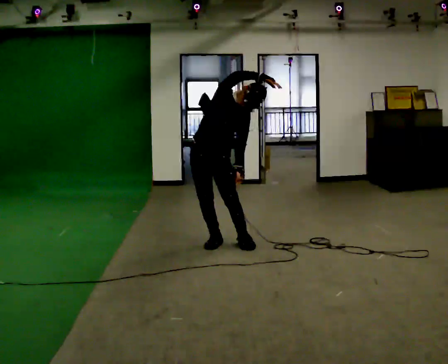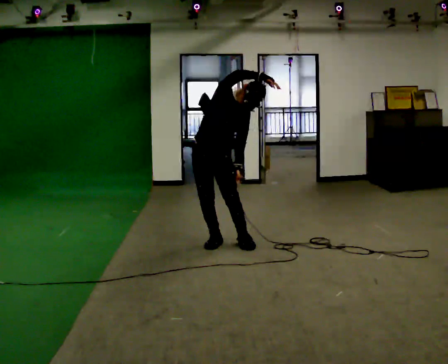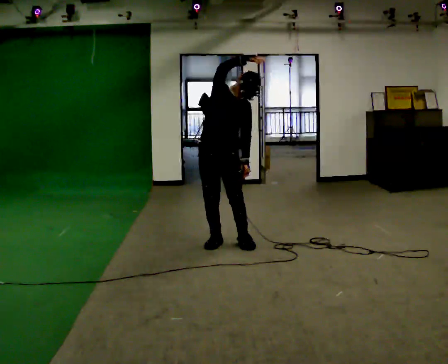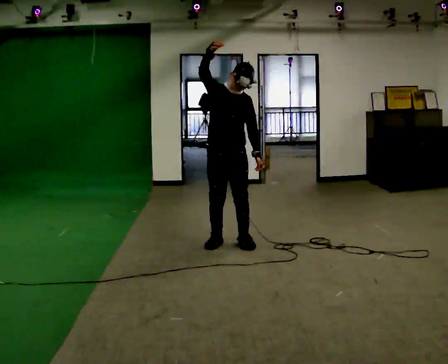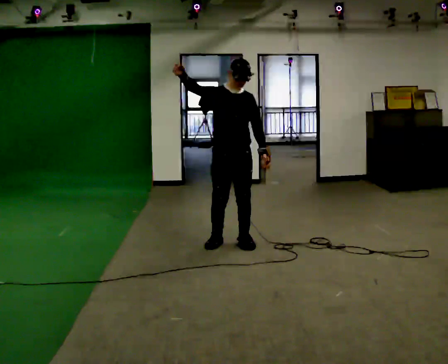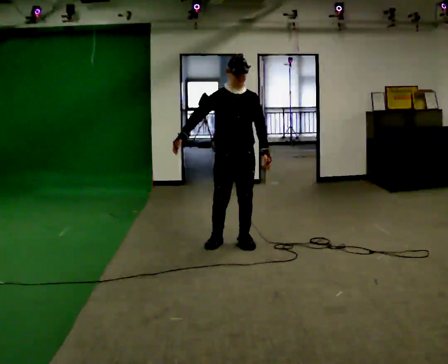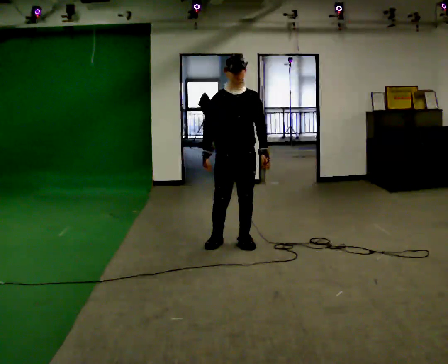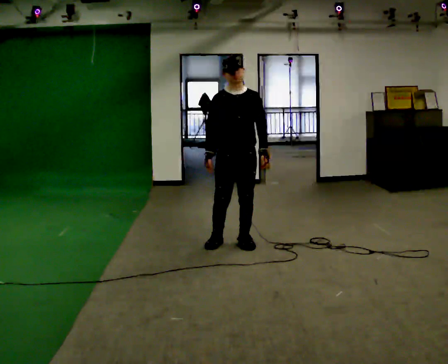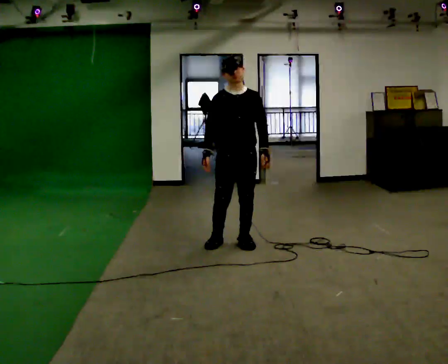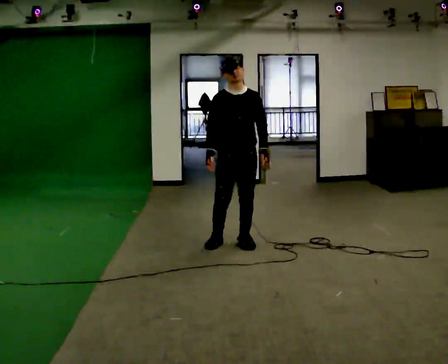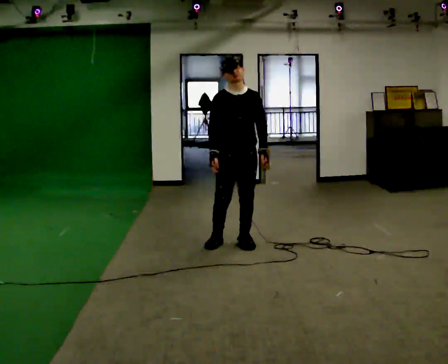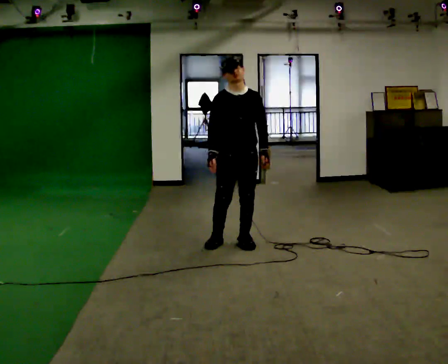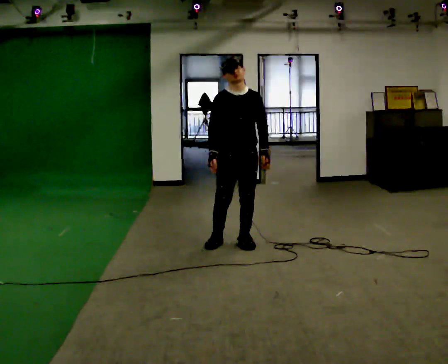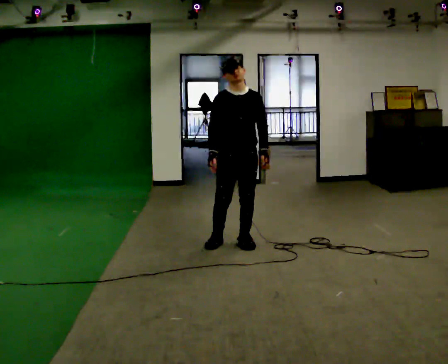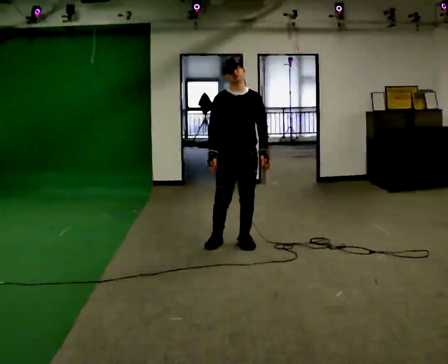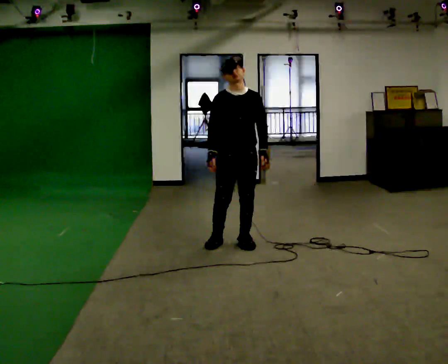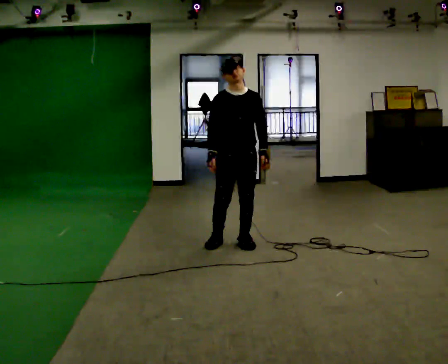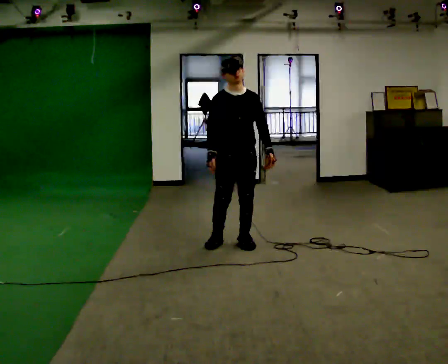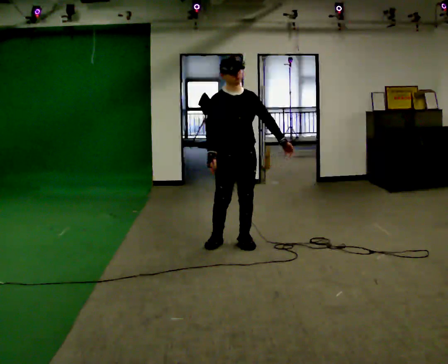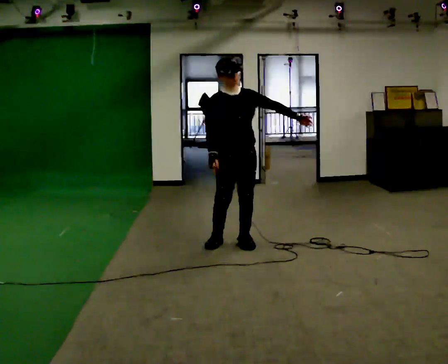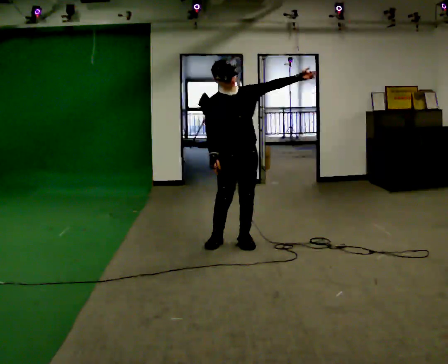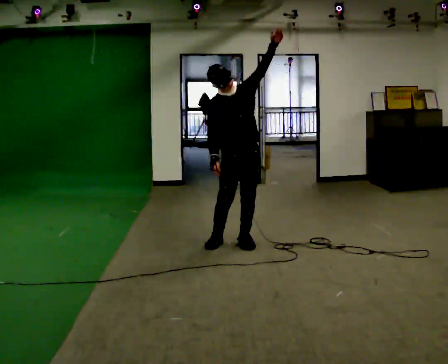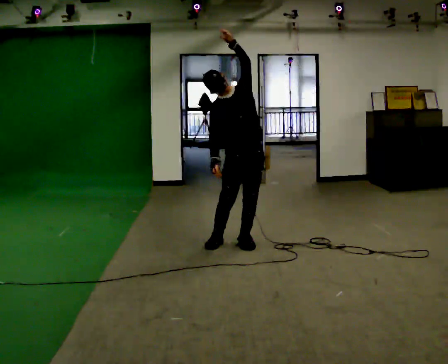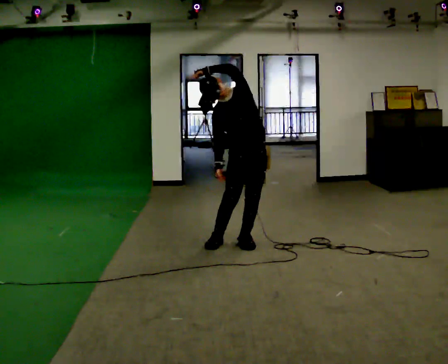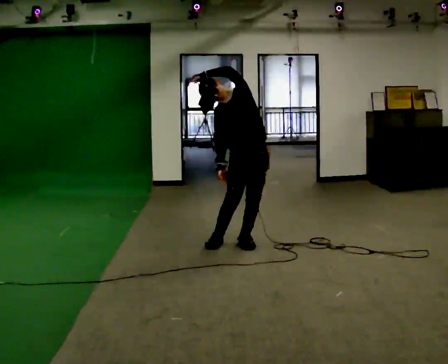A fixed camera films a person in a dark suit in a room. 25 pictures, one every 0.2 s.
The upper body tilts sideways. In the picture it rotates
counterclockwise.
Their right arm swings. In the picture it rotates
counterclockwise.
0.0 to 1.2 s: In the picture they go to the right, about 0.25 m, which for them is to their left. In the picture the upper body tilts counterclockwise, shoulders to the left. In the picture their right hand goes downward and to the left, the arm swinging counterclockwise.
1.2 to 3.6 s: The person moves a little, or ends about where they began.
3.6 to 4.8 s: In the picture the upper body tilts counterclockwise, shoulders to the left. In the picture their left hand goes to the left and upward, the arm swinging counterclockwise.
The film runs forward here.
